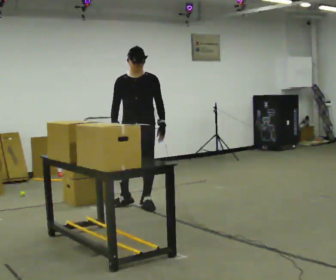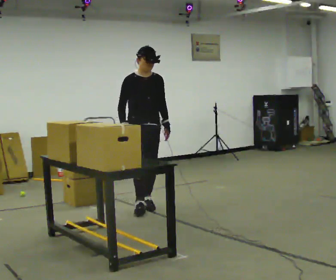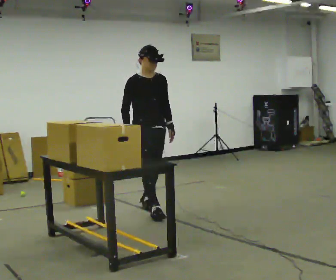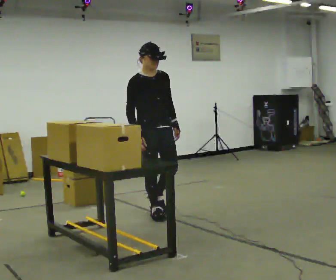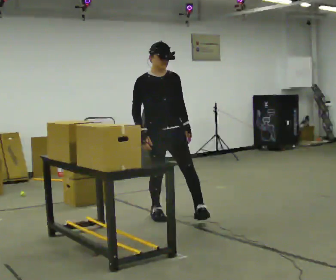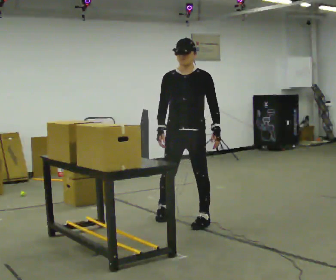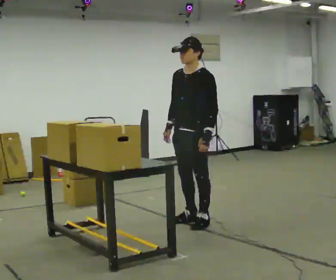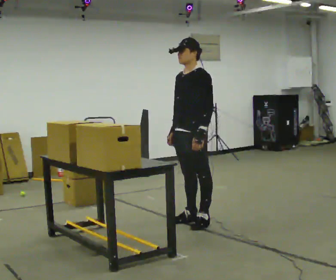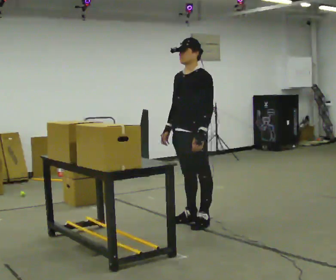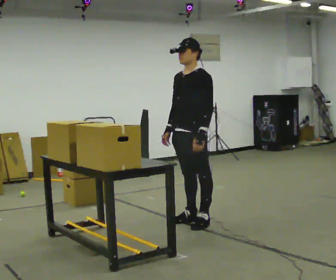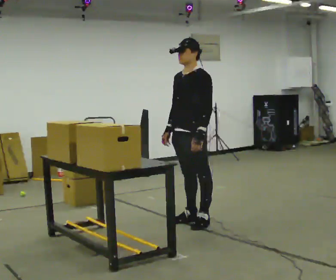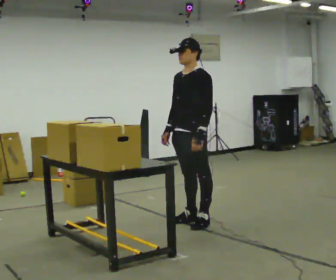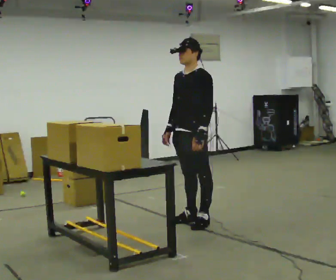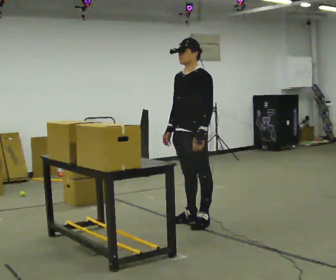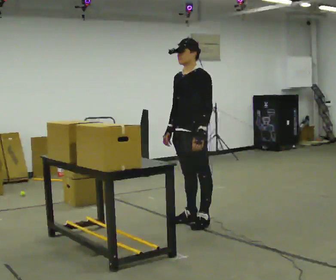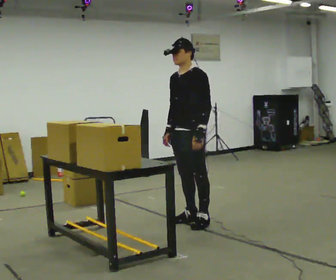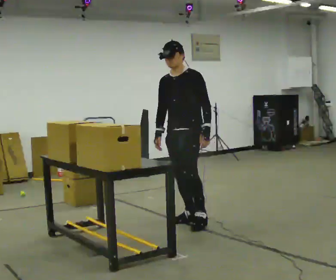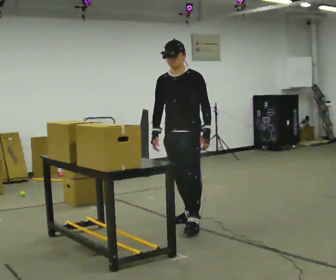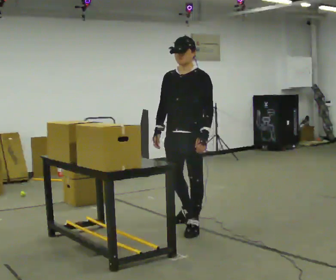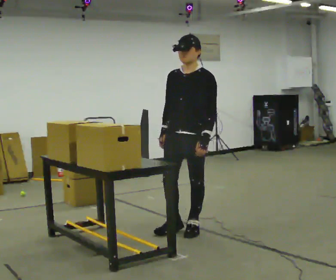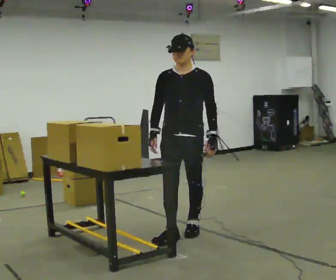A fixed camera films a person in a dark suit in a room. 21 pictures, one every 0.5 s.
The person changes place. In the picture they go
toward the camera.
0.0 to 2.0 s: In the picture they go toward the camera and to the right, about 0.5 m in 1 step, which for them is forward.
2.0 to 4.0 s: The person turns about 75 degrees to their right, clockwise seen from above, so the part of the body nearest the lens slides to the left. In the picture they go to the right and toward the camera, about 0.25 m in 2 steps.
4.0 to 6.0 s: The person keeps their place and pose.
6.0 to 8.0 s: The person moves a little, or ends about where they began.
8.0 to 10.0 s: Seen from above the body turns counterclockwise, about 30 degrees: to their left, with its near side sliding to the right. In the picture they go toward the camera, about 0.5 m in 2 steps, which for them is forward and to their left.
The film runs forward here.
